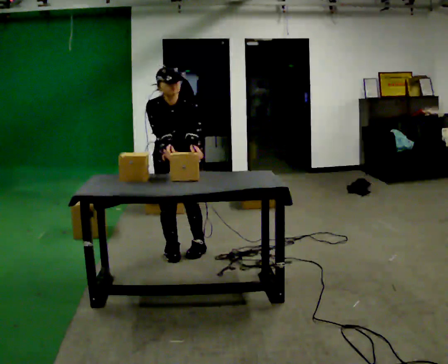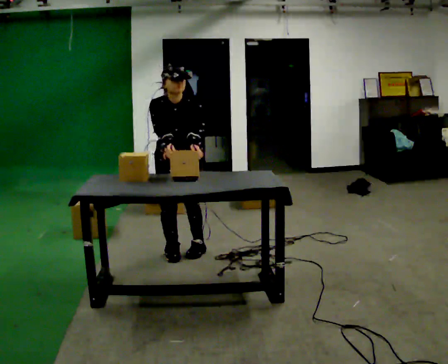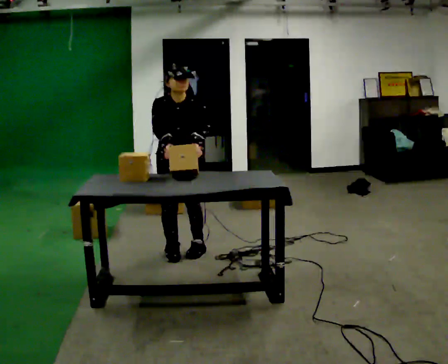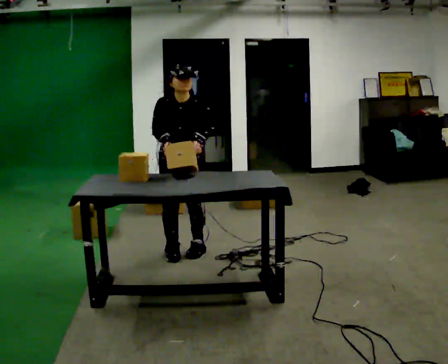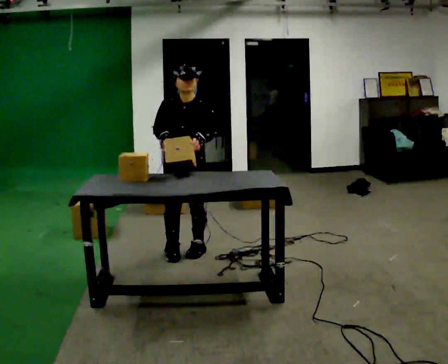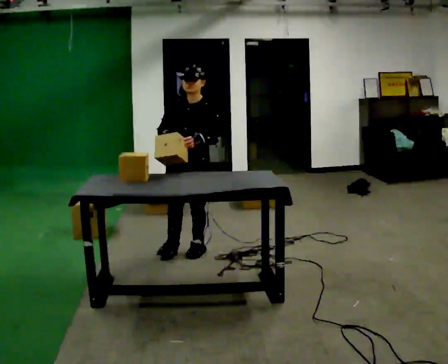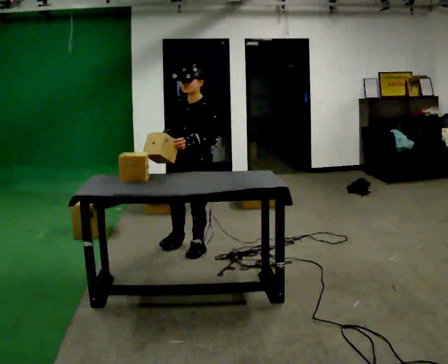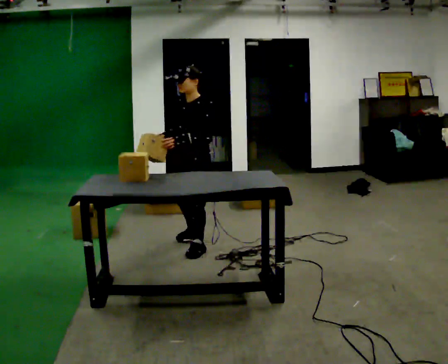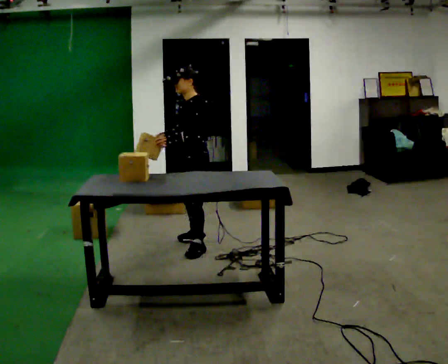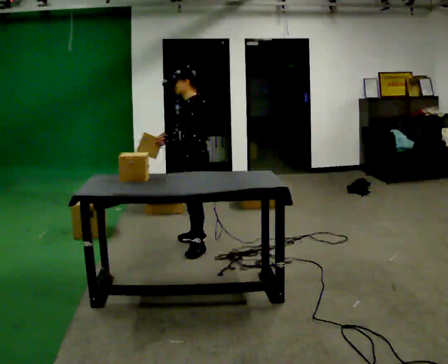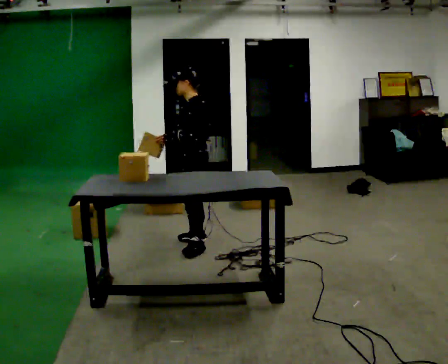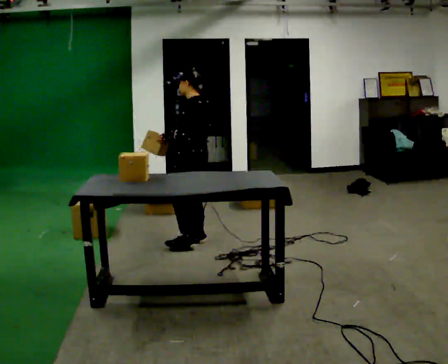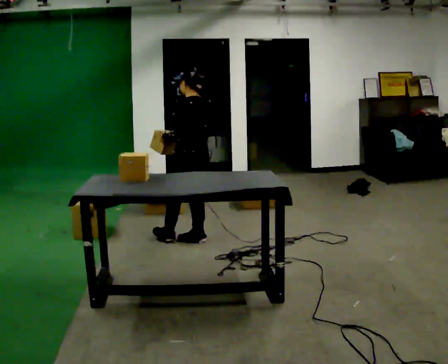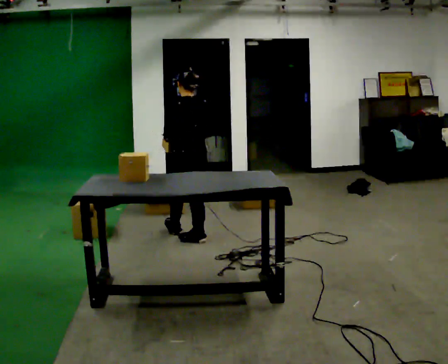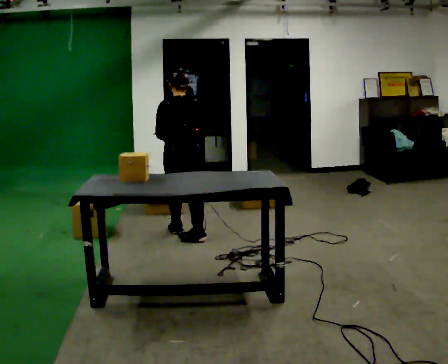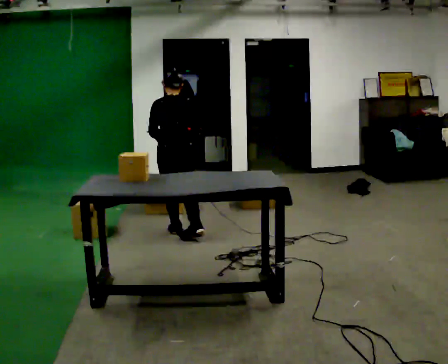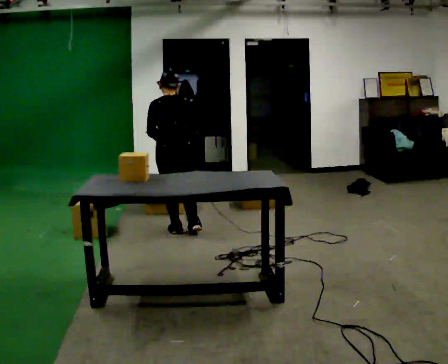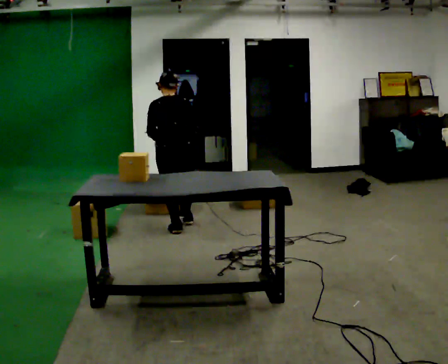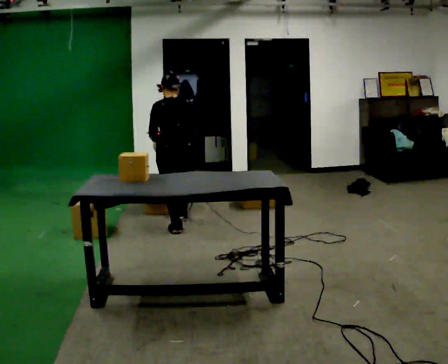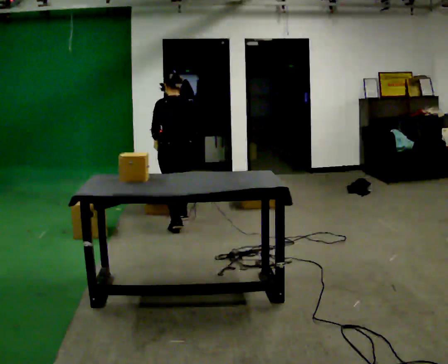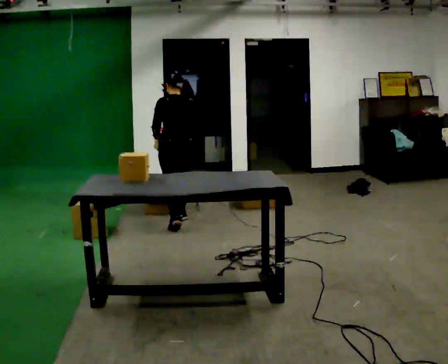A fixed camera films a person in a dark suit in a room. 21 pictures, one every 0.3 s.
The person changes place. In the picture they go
away from the camera.
The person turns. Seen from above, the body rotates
clockwise.
0.0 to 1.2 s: The person moves a little, or ends about where they began.
1.2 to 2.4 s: Seen from above the body turns clockwise, about 60 degrees: to their right, with its near side sliding to the left. In the picture they go away from the camera, about 0.25 m in 1 step.
2.4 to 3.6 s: The part of the body nearest the lens slides to the left as the person turns to their right by about 60 degrees. In the picture they go away from the camera, about 0.25 m.
3.6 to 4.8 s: Seen from above the body turns clockwise, about 30 degrees: to their right, with its near side sliding to the left. In the picture they go away from the camera and to the left, about 0.25 m in 1 step, which for them is forward.
4.8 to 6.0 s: In the picture they go away from the camera, about 0.25 m in 1 step, which for them is forward and to their right.
The film runs forward here.
